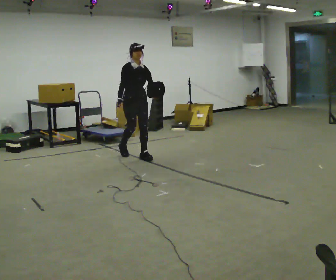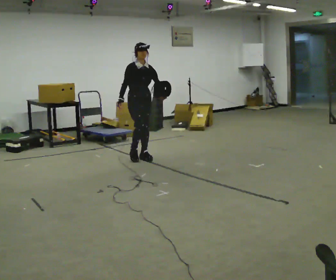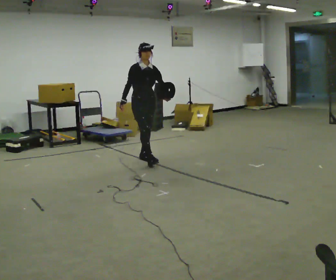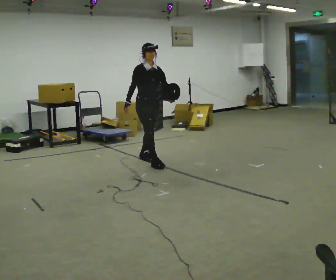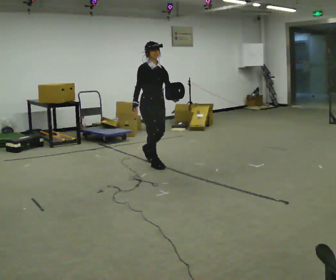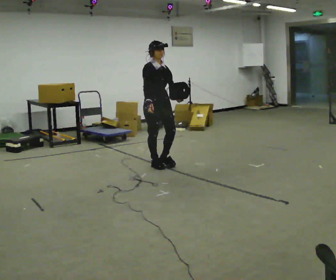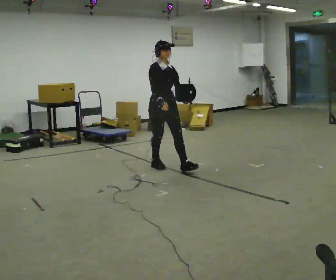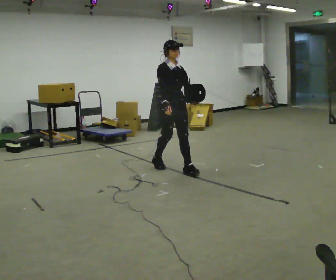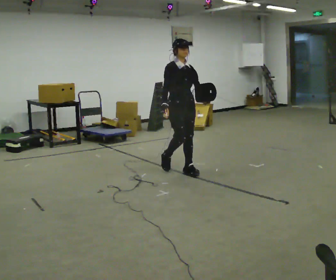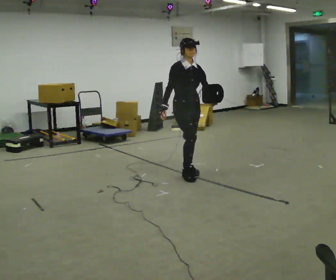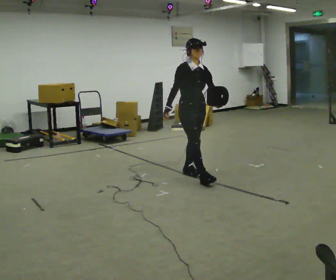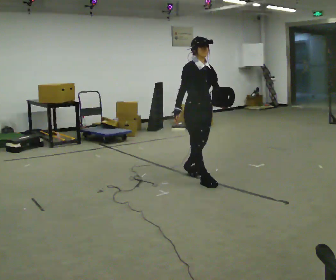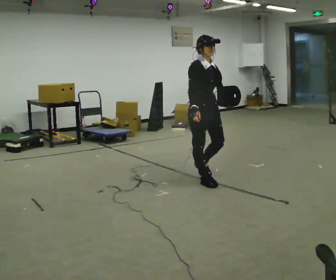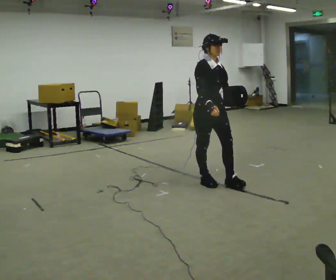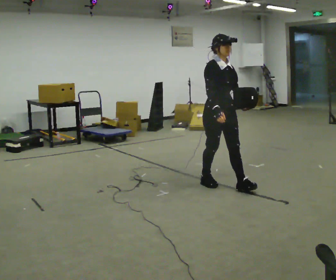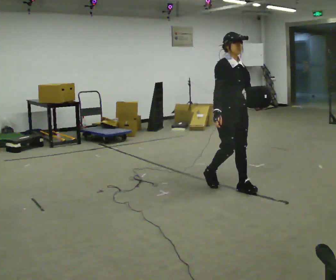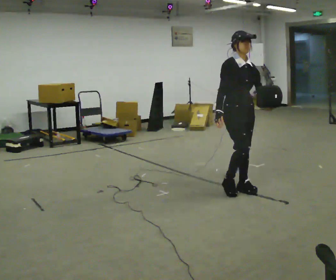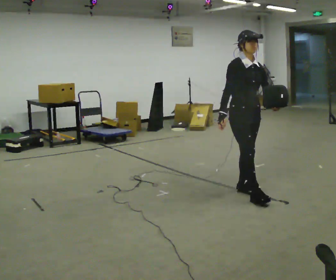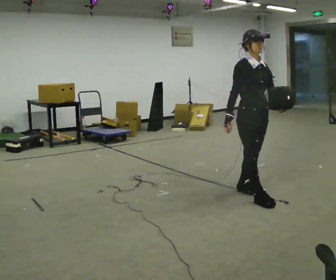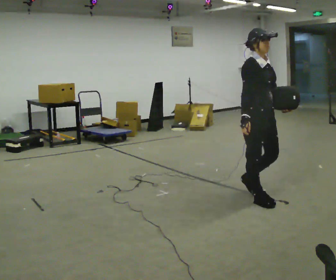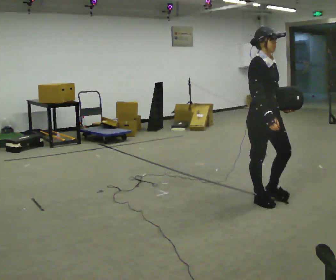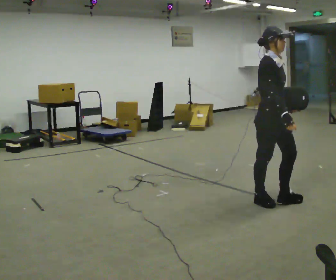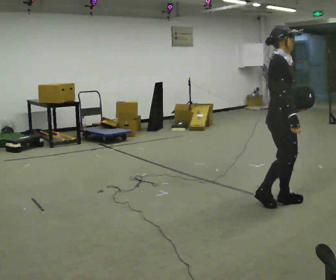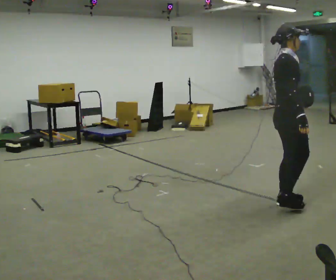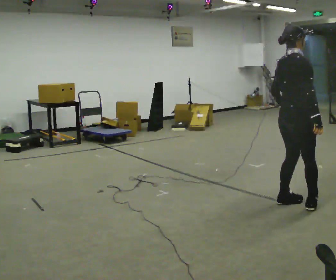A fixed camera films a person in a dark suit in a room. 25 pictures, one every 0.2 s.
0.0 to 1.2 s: In the picture they go toward the camera and to the right, about 0.5 m in 1 step, which for them is forward.
1.2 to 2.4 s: In the picture they go toward the camera and to the right, about 1 m in 2 steps, which for them is forward.
2.4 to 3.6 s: In the picture they go toward the camera and to the right, about 0.5 m in 2 steps, which for them is forward.
3.6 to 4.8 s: The part of the body nearest the lens slides to the right as the person turns to their left by about 75 degrees. In the picture they go to the right and toward the camera, about 0.5 m in 2 steps.
The film runs forward here.
